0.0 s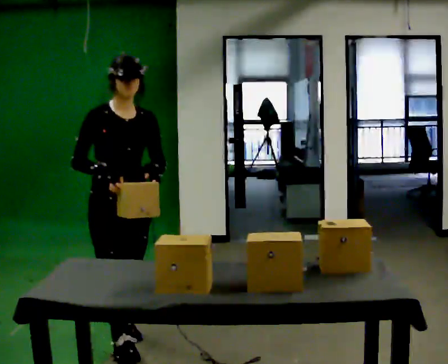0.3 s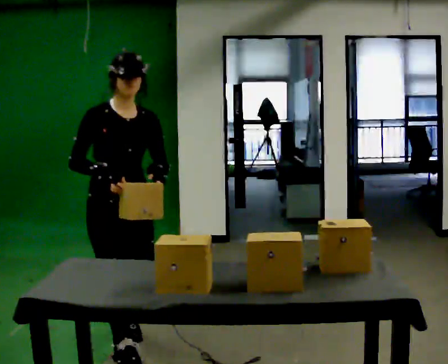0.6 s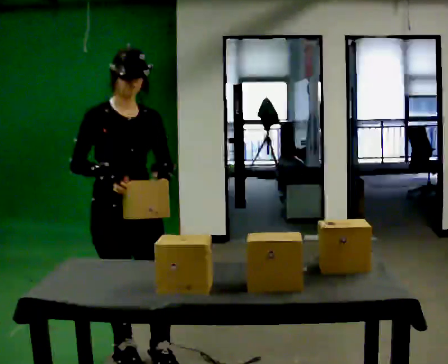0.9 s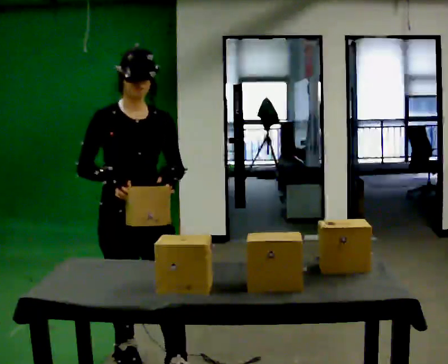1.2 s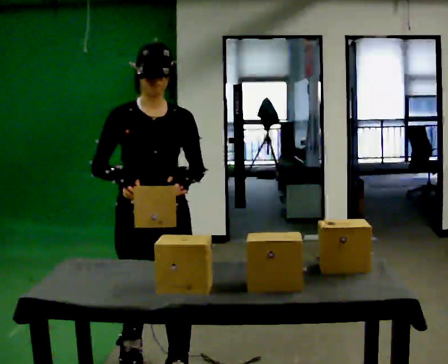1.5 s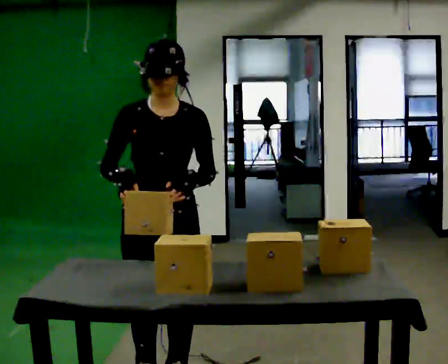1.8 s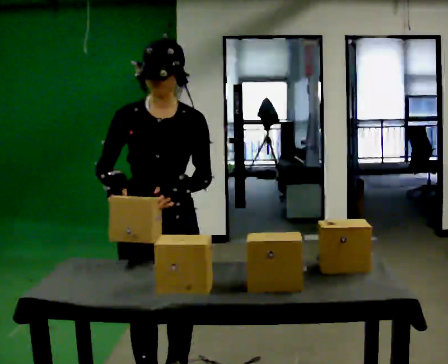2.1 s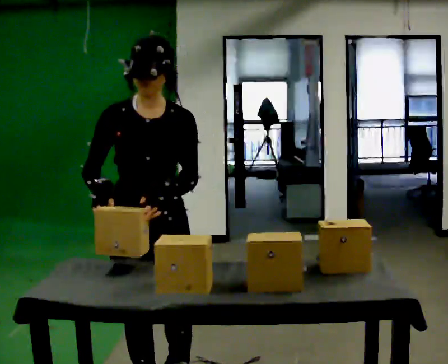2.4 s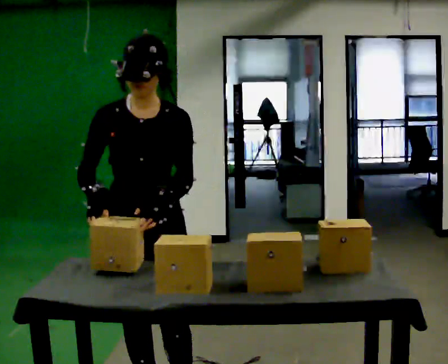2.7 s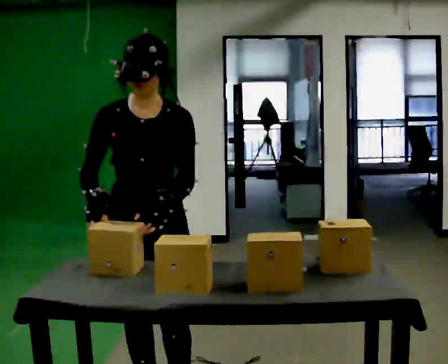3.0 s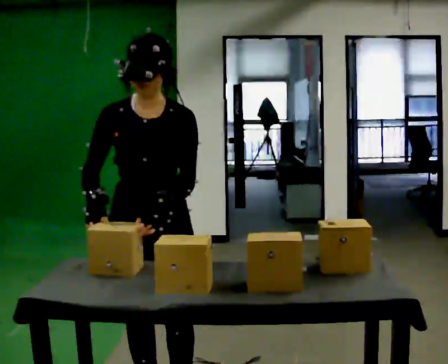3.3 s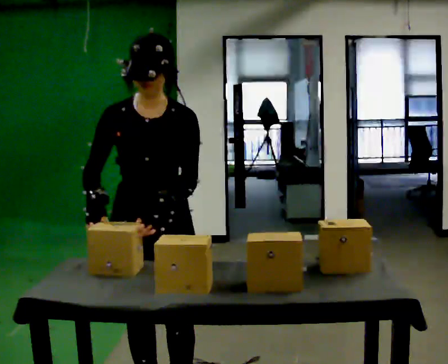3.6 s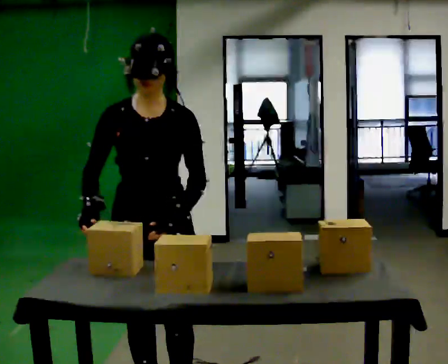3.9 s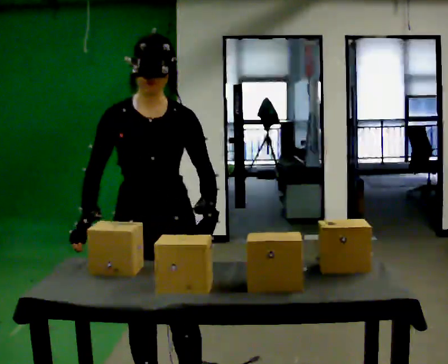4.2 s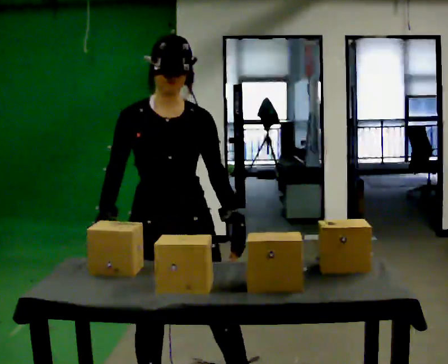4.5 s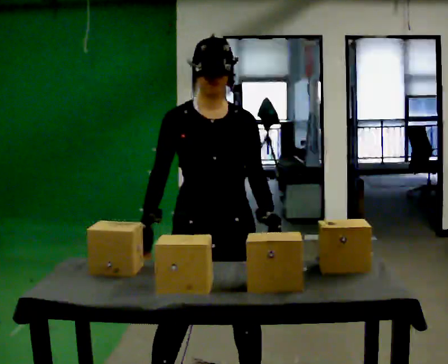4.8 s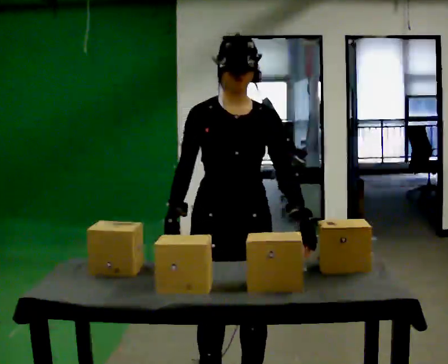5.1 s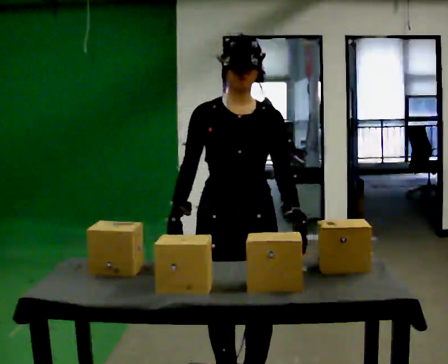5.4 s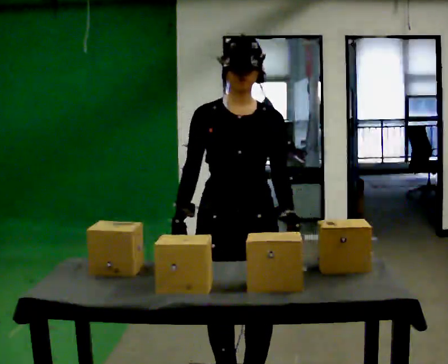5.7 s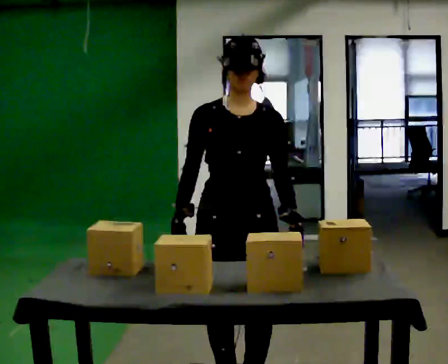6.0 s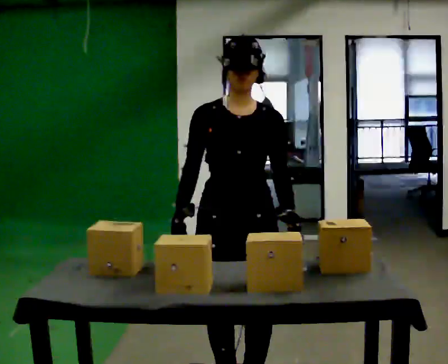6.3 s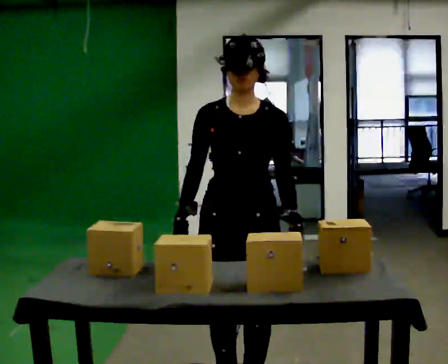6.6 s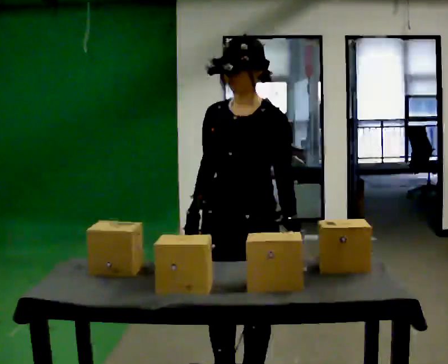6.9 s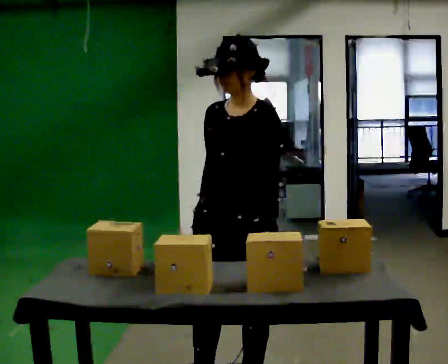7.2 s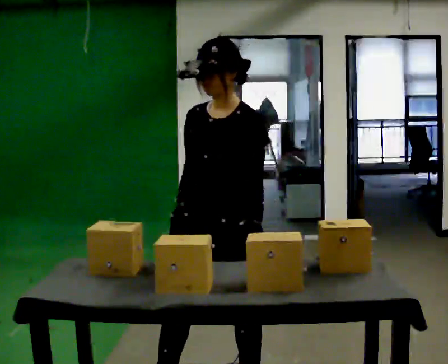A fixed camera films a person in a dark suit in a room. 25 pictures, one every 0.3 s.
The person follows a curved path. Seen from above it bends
counterclockwise.
0.0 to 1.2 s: In the picture they go toward the camera and to the right, about 0.5 m in 1 step, which for them is forward.
1.2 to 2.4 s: In the picture they go toward the camera, about 0.25 m in 1 step, which for them is forward.
2.4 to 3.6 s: The person moves a little, or ends about where they began.
3.6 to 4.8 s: In the picture they go to the right, about 0.25 m in 1 step, which for them is to their left.
4.8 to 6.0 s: The person moves a little, or ends about where they began.
6.0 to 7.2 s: The part of the body nearest the lens slides to the left as the person turns to their right by about 30 degrees.
The film runs forward here.
